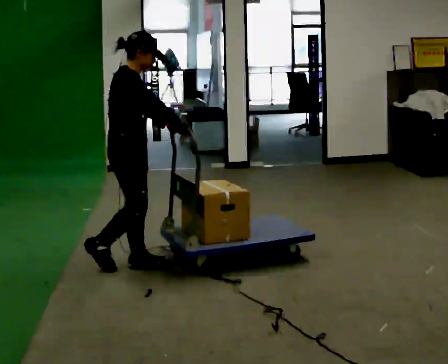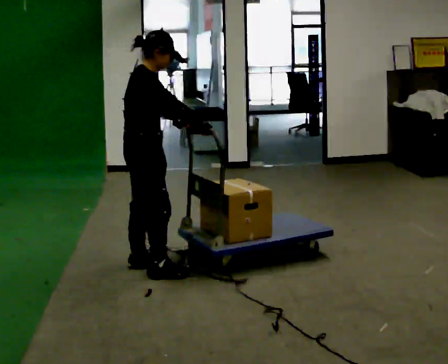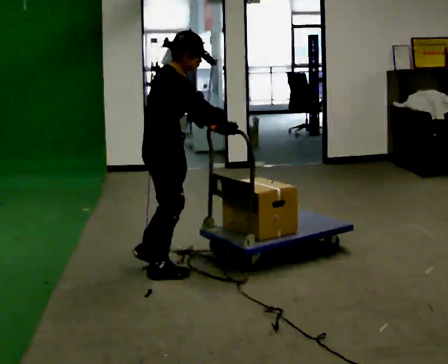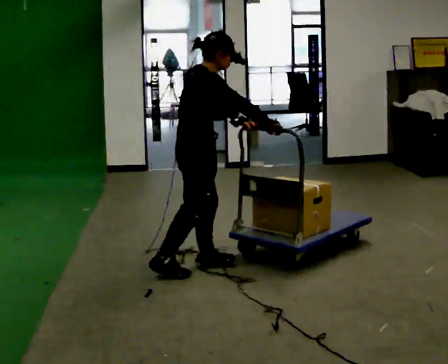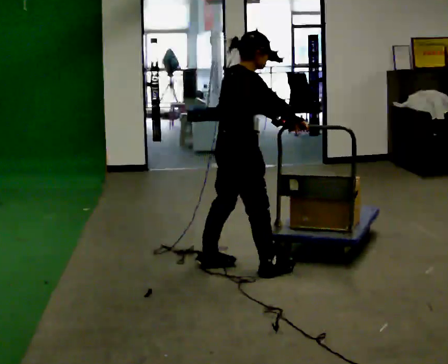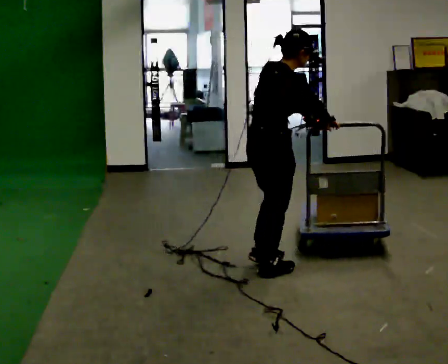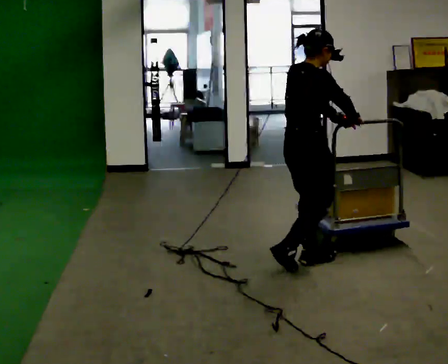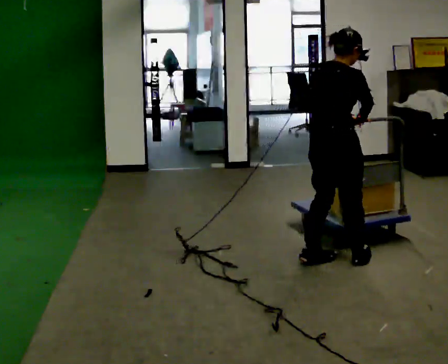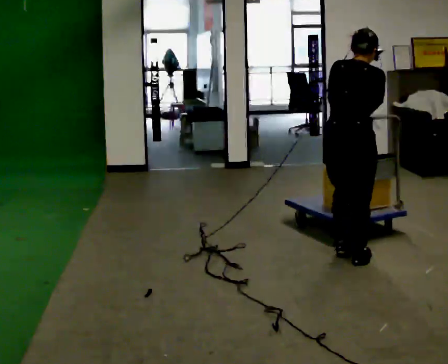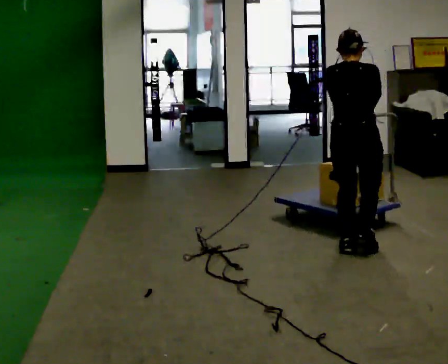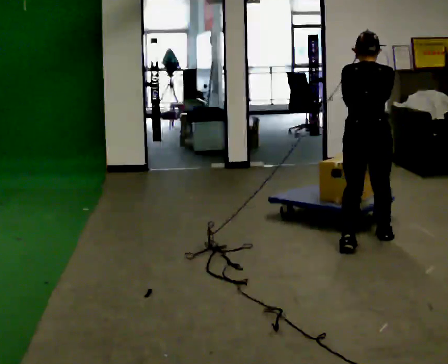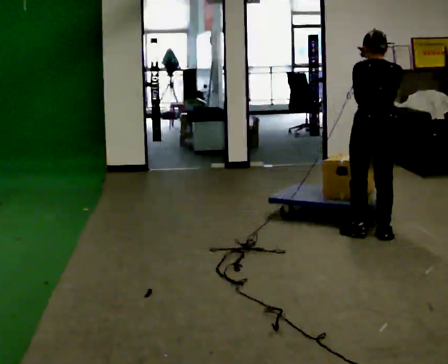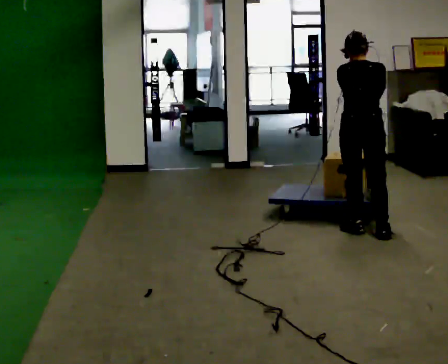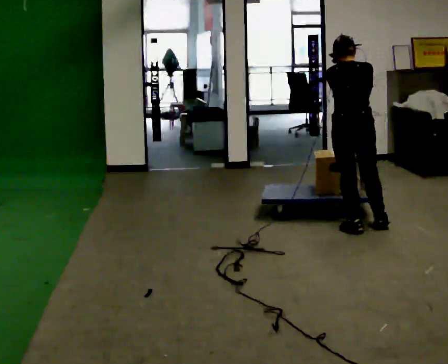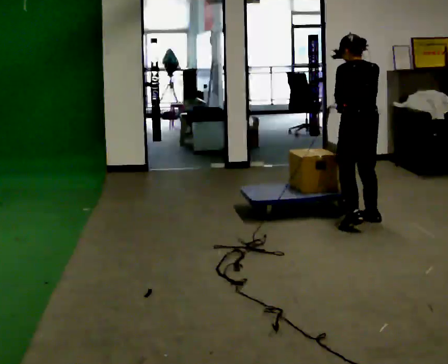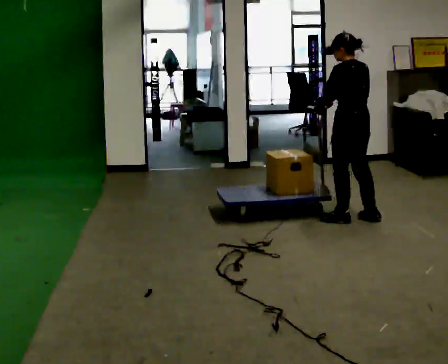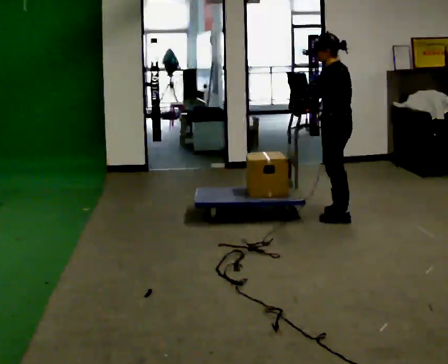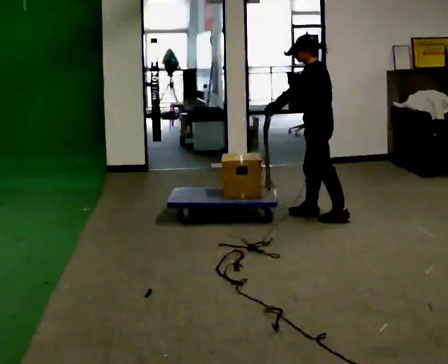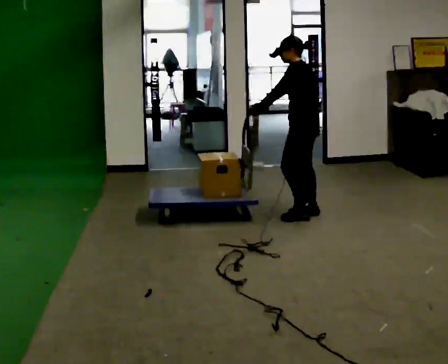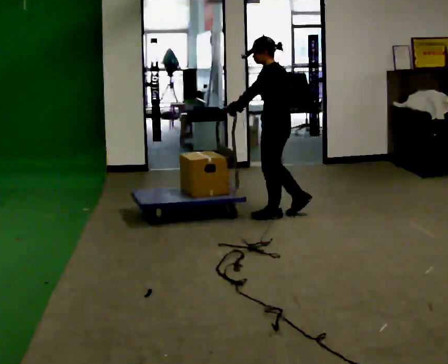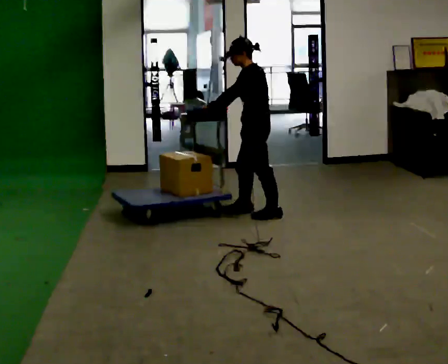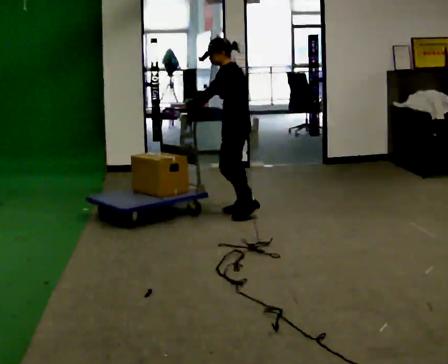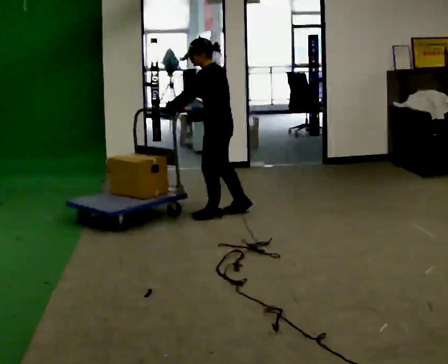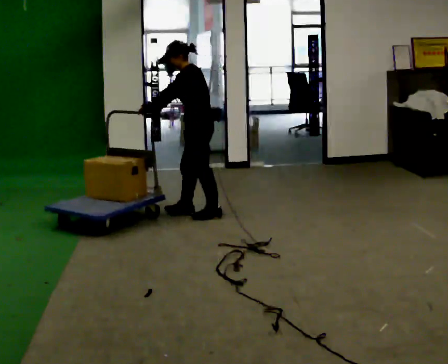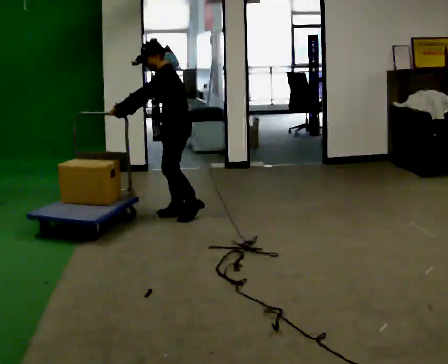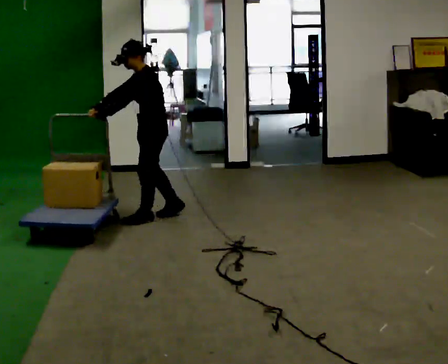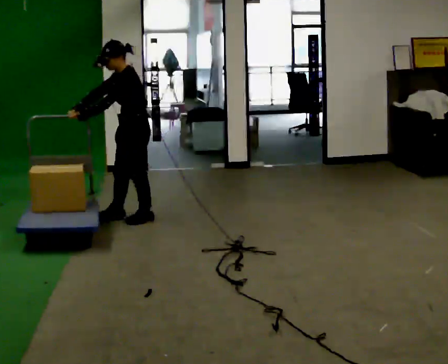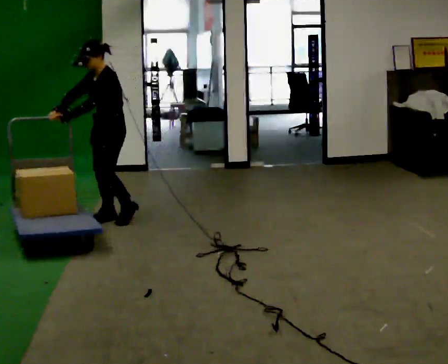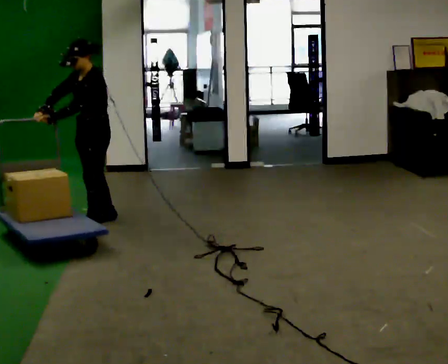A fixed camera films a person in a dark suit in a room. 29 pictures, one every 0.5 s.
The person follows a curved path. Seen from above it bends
counterclockwise.
0.0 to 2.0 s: In the picture they go to the right, about 0.75 m in 3 steps, which for them is forward and to their right.
2.0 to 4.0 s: The part of the body nearest the lens slides to the right as the person turns to their left by about 45 degrees. In the picture they go to the right, about 0.5 m in 2 steps, which for them is forward and to their right.
4.0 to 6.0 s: In the picture they go away from the camera, about 0.5 m in 3 steps, which for them is forward.
6.0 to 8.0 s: The person turns about 75 degrees to their left, counterclockwise seen from above, so the part of the body nearest the lens slides to the right. In the picture they go away from the camera and to the left, about 0.5 m in 2 steps.
8.0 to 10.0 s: In the picture they go to the left, about 0.75 m in 3 steps, which for them is forward.
10.0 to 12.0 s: In the picture they go to the left, about 0.75 m in 2 steps, which for them is forward.
12.0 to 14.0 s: Seen from above the body turns counterclockwise, about 30 degrees: to their left, with its near side sliding to the right. In the picture they go to the left and toward the camera, about 0.75 m in 3 steps, which for them is forward.
The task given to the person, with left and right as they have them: Push the cart across the room and back. The operator will change how much is loaded on it between takes and will tell you each time.
The film runs forward here.
